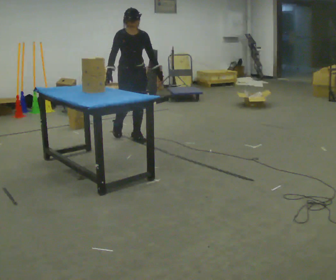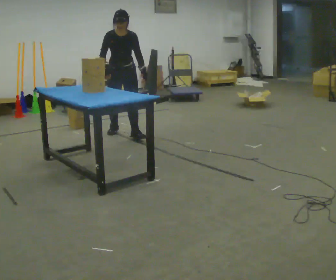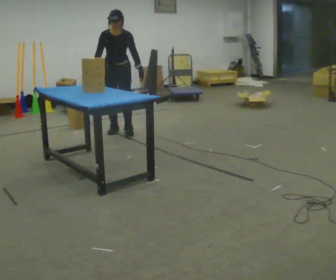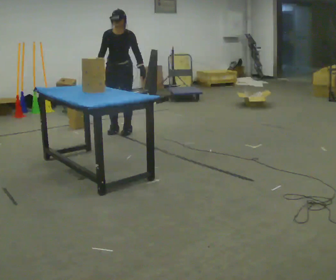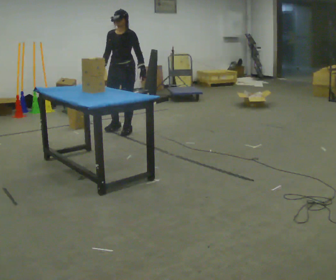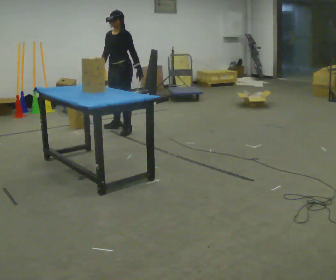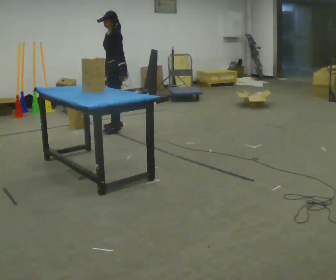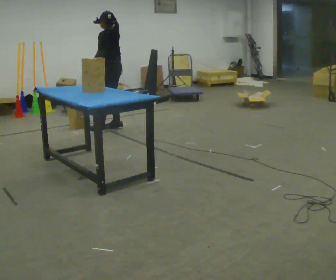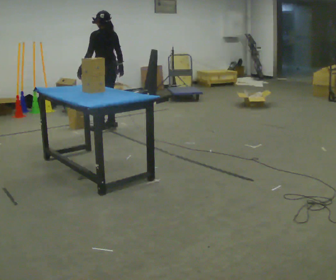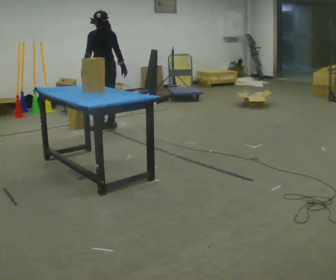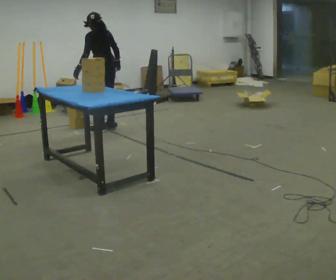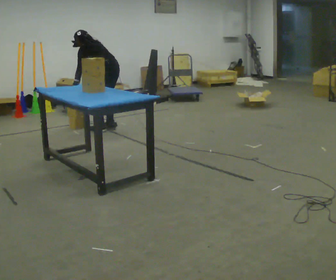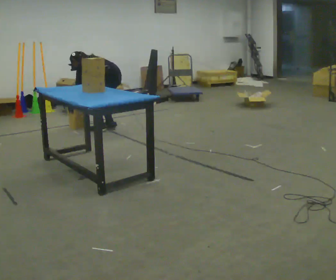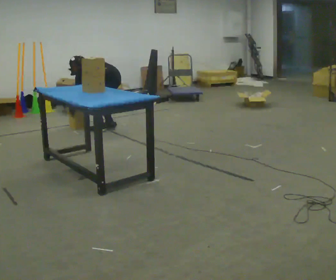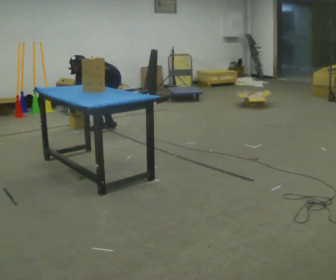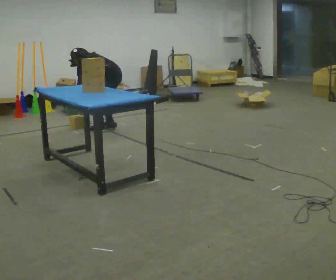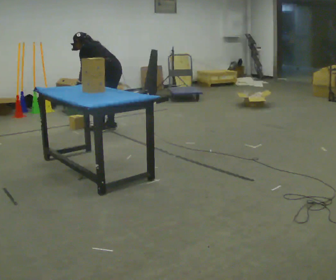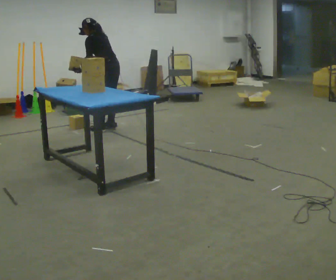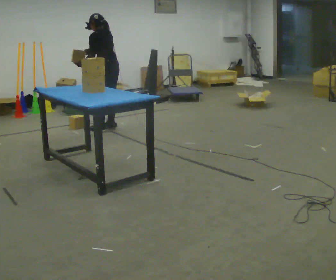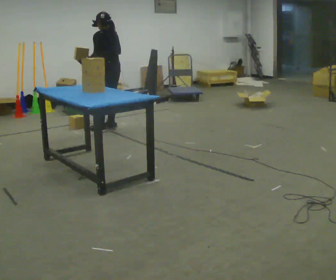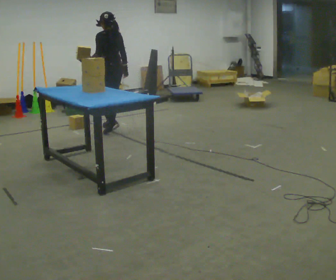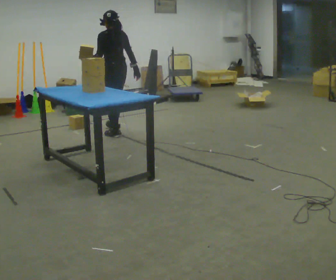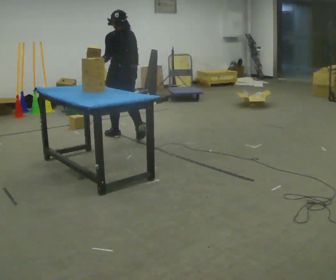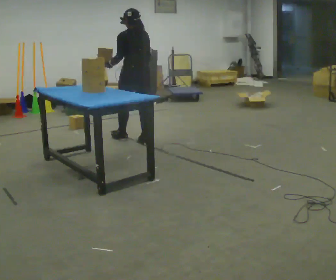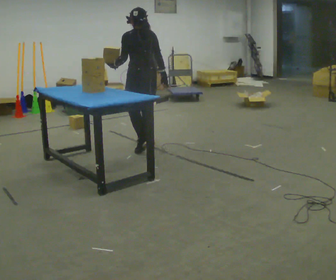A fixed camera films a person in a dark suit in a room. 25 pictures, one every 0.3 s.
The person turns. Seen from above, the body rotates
clockwise.
The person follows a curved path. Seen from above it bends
counterclockwise.
0.0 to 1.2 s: Seen from above the body turns clockwise, about 45 degrees: to their right, with its near side sliding to the left. In the picture they go away from the camera, about 0.5 m in 1 step, which for them is backward.
1.2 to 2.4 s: The part of the body nearest the lens slides to the left as the person turns to their right by about 105 degrees. In the picture they go to the left, about 0.25 m in 1 step. In the picture their left hand goes to the left, the arm swinging clockwise.
2.4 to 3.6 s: The upper body goes downward. In the picture the upper body tilts counterclockwise, shoulders to the left, as they bend forward. In the picture their right hand goes to the left and downward.
3.6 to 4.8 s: The person moves a little, or ends about where they began.
4.8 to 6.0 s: The shoulders move upward. In the picture the upper body tilts clockwise, shoulders to the right, as they lean back or straighten. In the picture their right hand goes to the right.
6.0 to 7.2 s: In the picture they go toward the camera, about 1 m in 2 steps, which for them is backward.
The film runs backward here.
